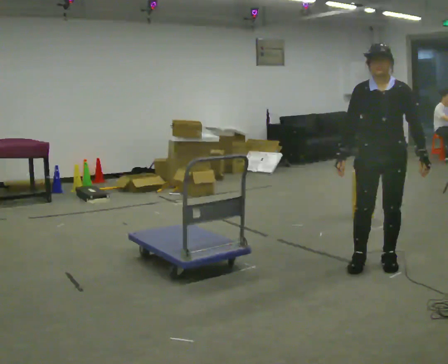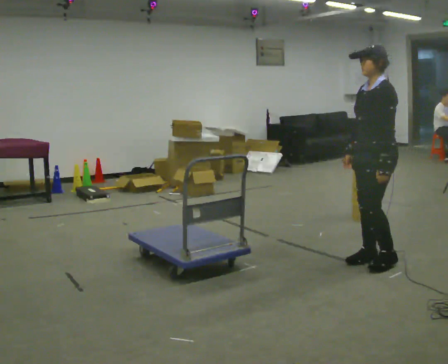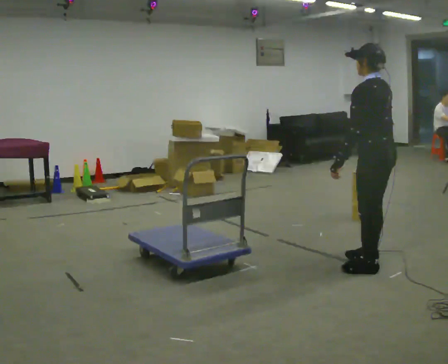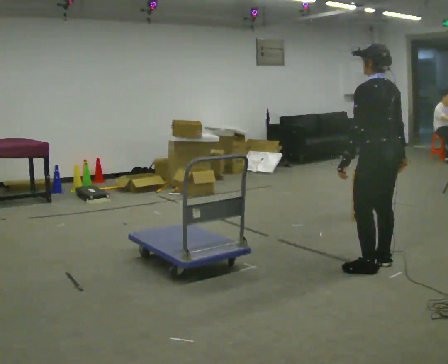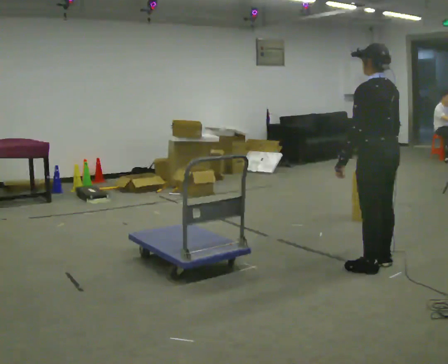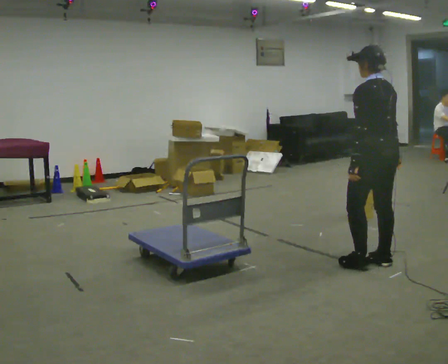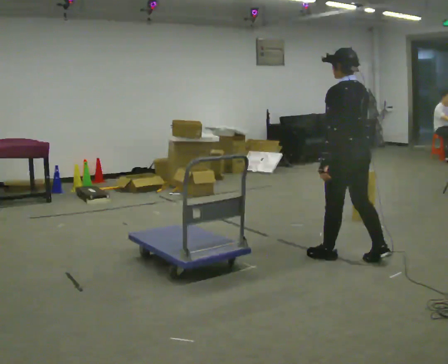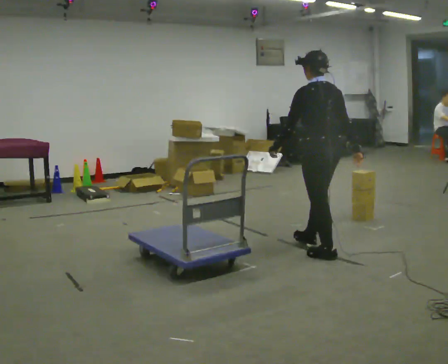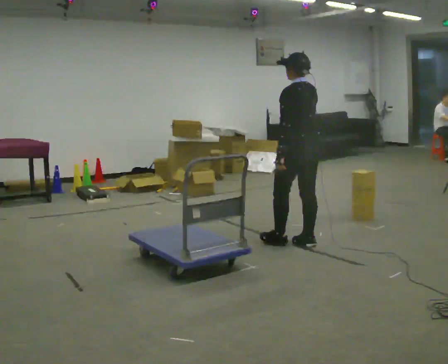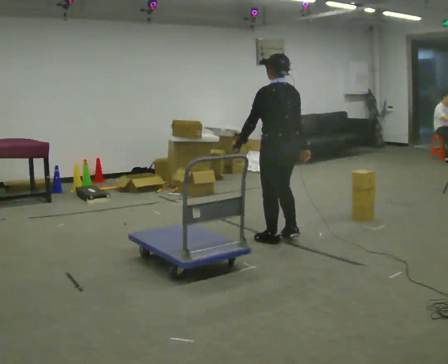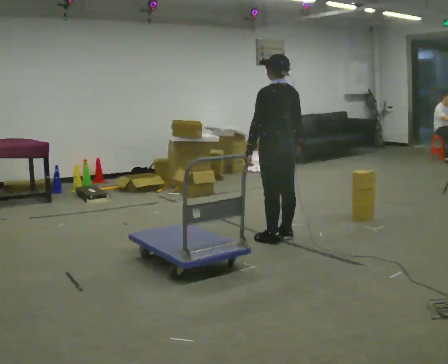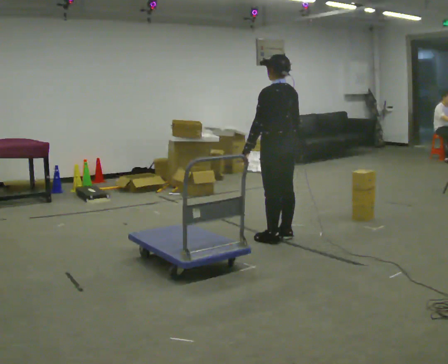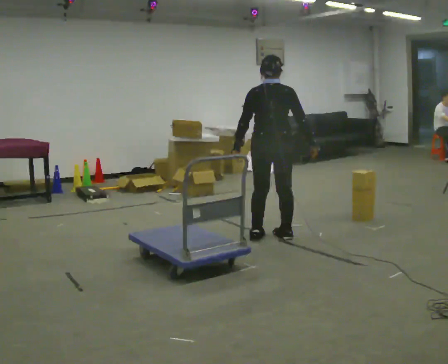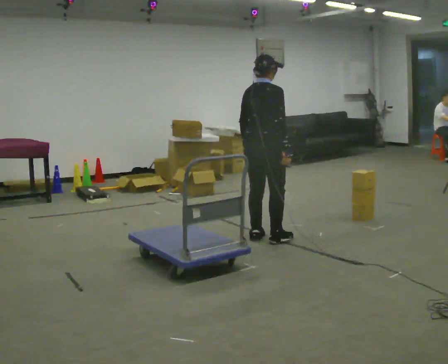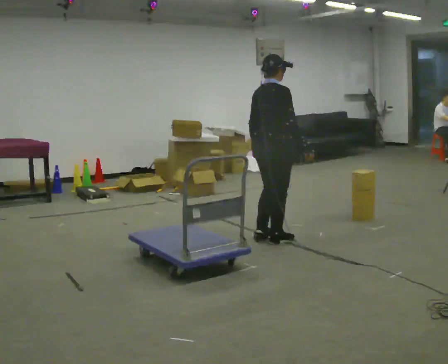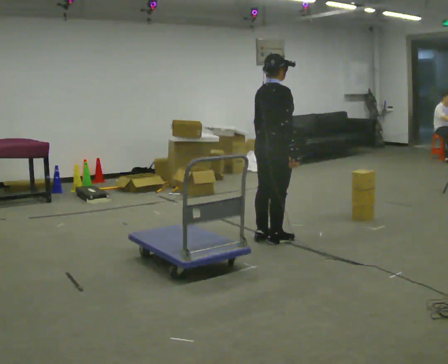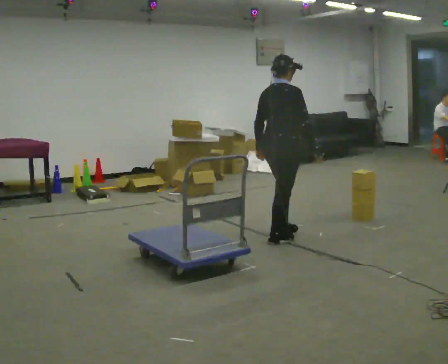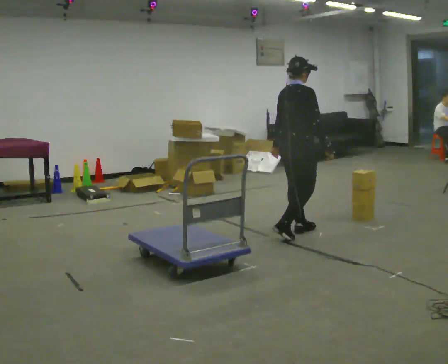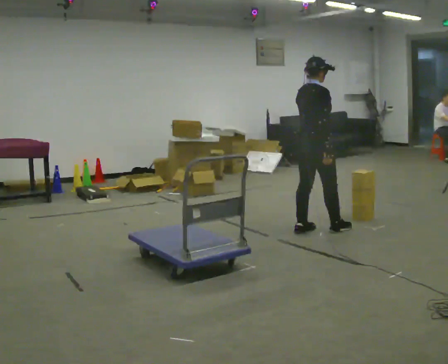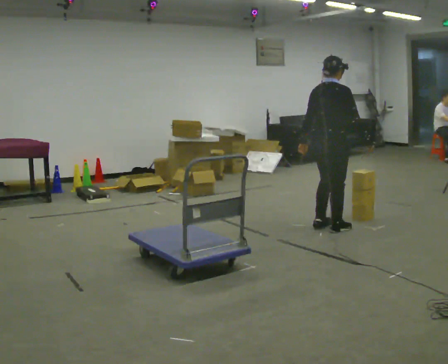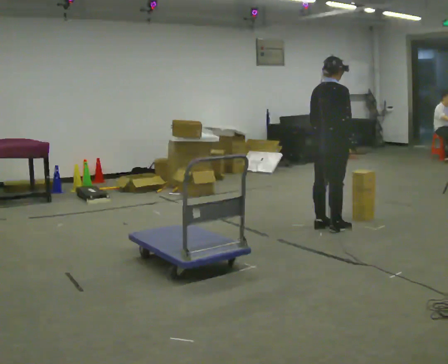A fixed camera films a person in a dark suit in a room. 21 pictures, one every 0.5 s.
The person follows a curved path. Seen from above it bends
clockwise.
0.0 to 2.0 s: The part of the body nearest the lens slides to the left as the person turns to their right by about 120 degrees. In the picture their left hand goes to the left, the arm swinging clockwise.
2.0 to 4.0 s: In the picture they go away from the camera and to the left, about 1 m in 2 steps, which for them is forward.
4.0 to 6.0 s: Seen from above the body turns clockwise, about 45 degrees: to their right, with its near side sliding to the left. In the picture they go away from the camera and to the left, about 0.25 m in 3 steps, which for them is forward.
6.0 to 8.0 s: The part of the body nearest the lens slides to the left as the person turns to their right by about 45 degrees.
8.0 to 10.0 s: In the picture they go to the right and away from the camera, about 0.5 m in 3 steps, which for them is forward.
The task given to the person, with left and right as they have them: Load the boxes onto the cart one at a time, then take them all off again. The cart stays where it is. Keep going until the operator says stop; one object at a time, and do not rush between trips.
The film runs forward here.
